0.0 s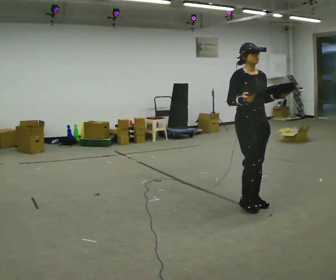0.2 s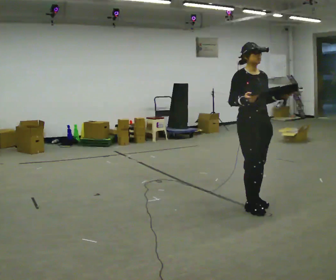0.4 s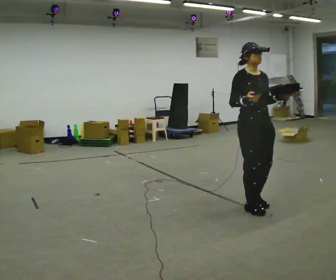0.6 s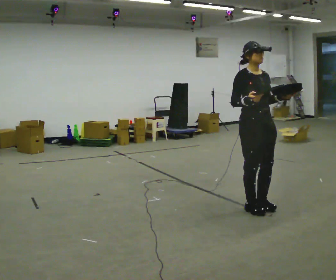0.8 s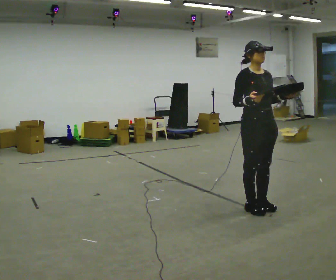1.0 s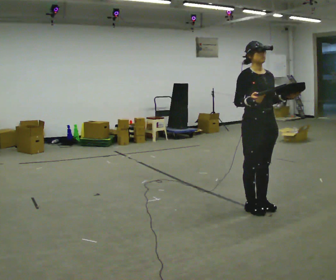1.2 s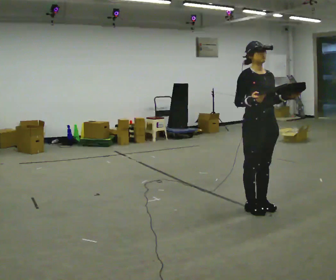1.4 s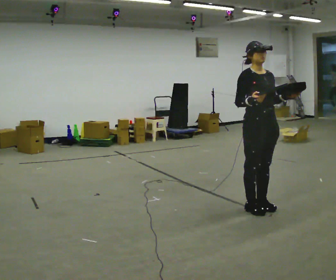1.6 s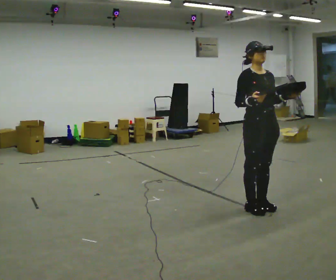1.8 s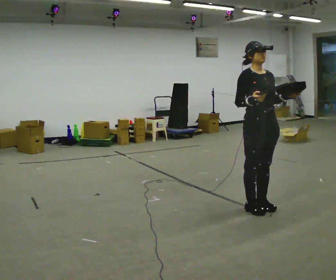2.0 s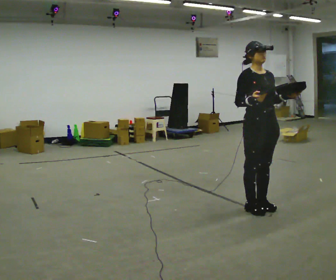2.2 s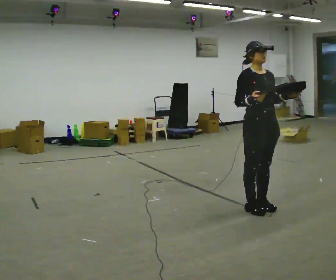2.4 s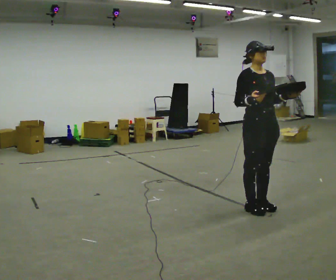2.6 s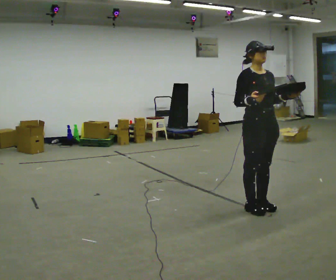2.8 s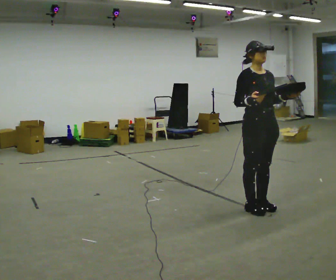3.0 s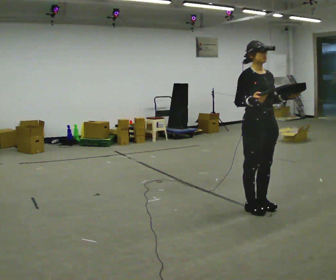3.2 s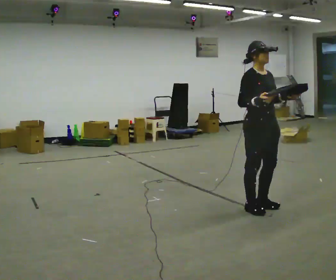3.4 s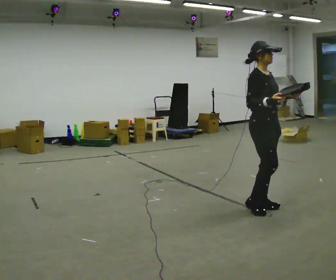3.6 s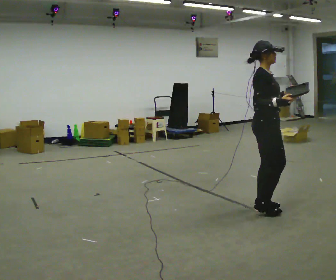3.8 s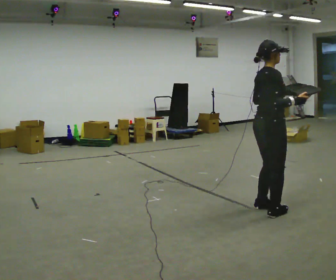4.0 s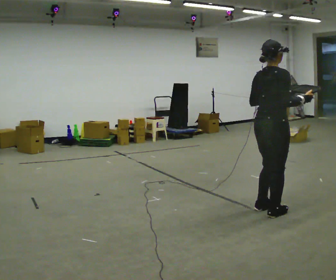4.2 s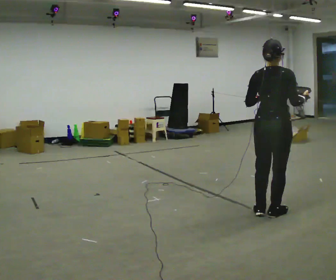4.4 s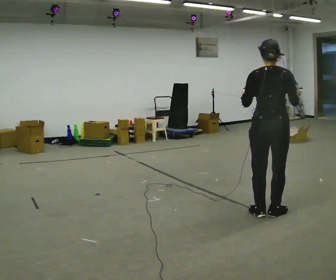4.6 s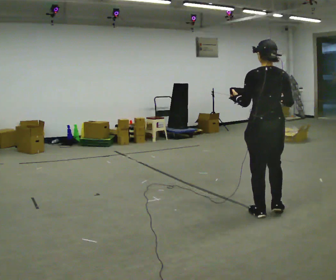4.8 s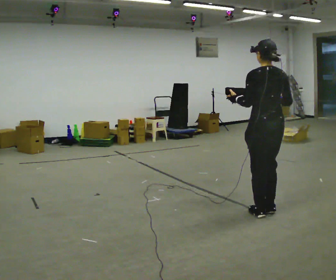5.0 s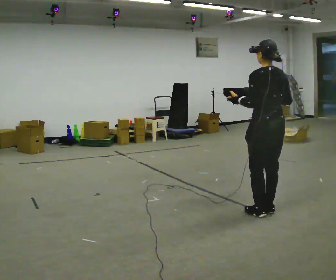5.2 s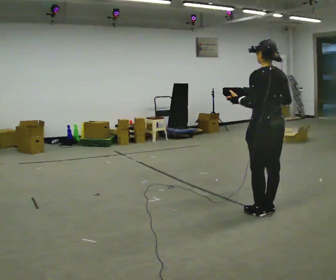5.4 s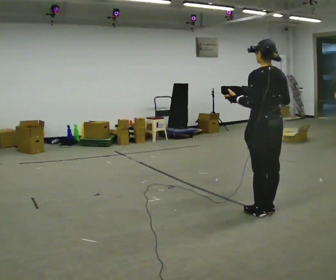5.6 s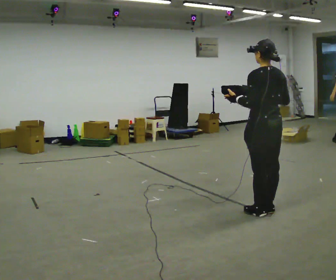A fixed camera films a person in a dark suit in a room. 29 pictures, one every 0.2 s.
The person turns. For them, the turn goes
to their left.
The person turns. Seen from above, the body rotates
counterclockwise.
0.0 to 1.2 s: The person moves a little, or ends about where they began.
1.2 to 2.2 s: The person keeps their place and pose.
2.2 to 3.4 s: Seen from above the body turns counterclockwise, about 30 degrees: to their left, with its near side sliding to the right.
3.4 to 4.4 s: Seen from above the body turns counterclockwise, about 105 degrees: to their left, with its near side sliding to the right. In the picture they go toward the camera, about 0.25 m in 2 steps. In the picture their left hand goes to the left.
4.4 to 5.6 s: The part of the body nearest the lens slides to the right as the person turns to their left by about 30 degrees.
The film runs forward here.
